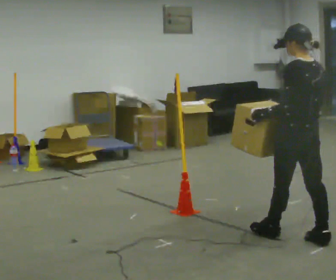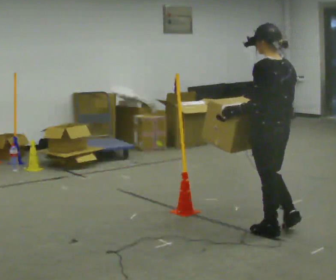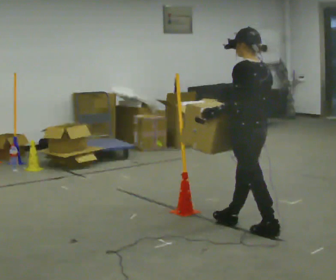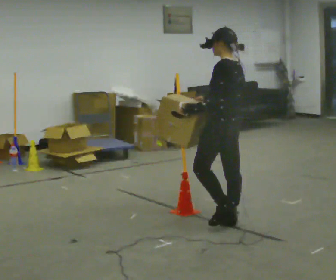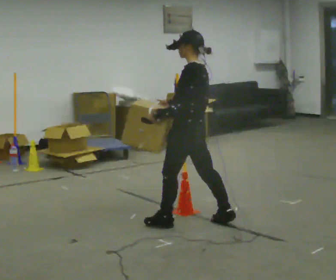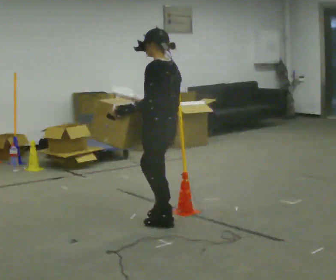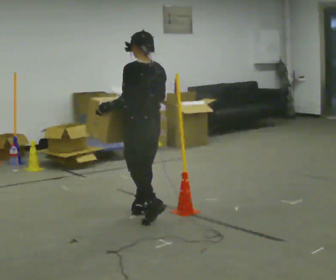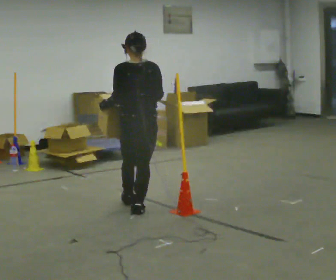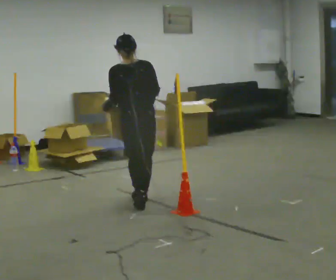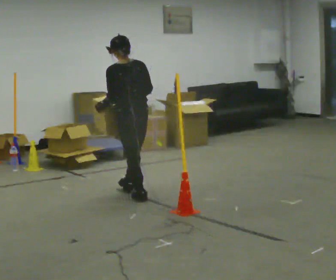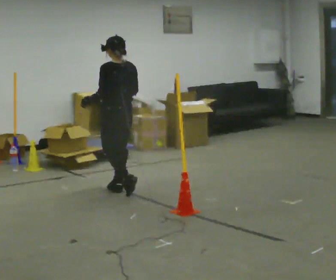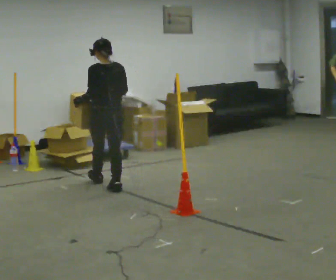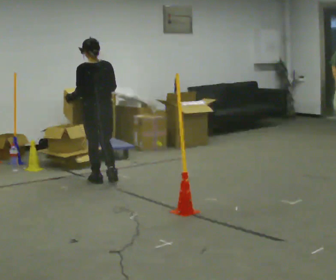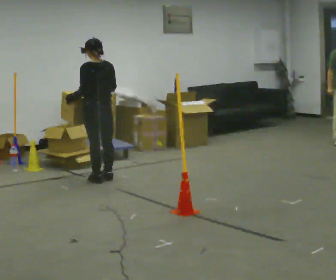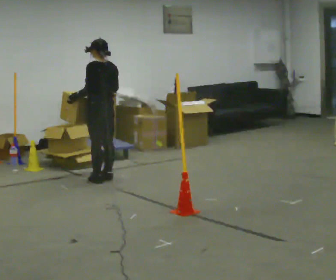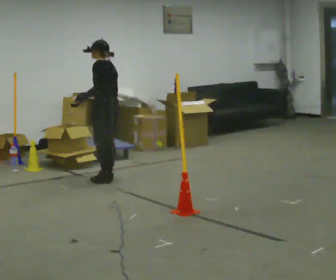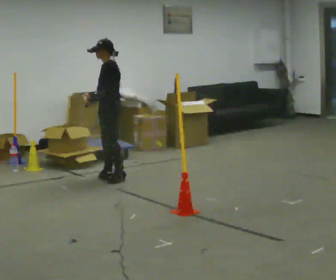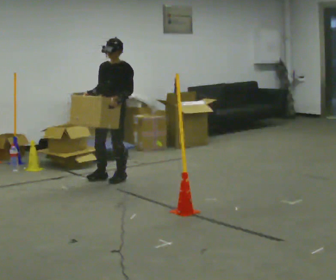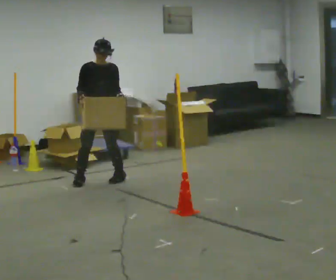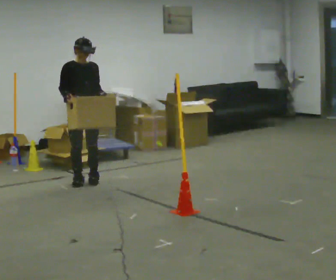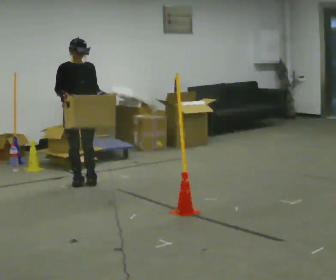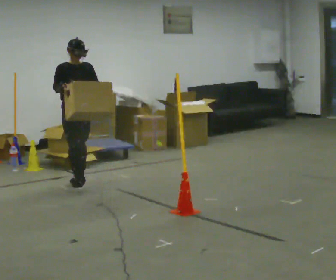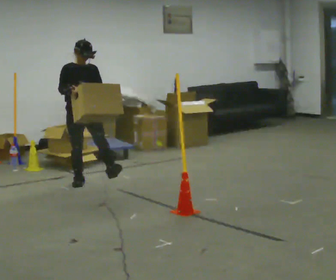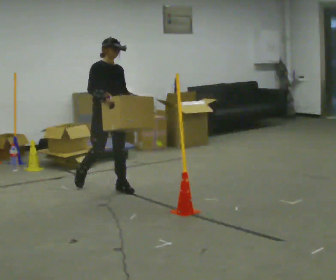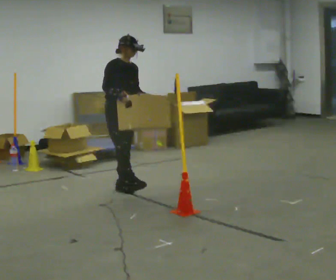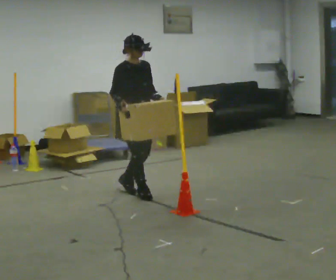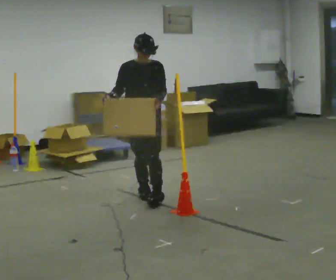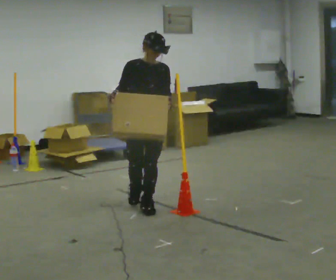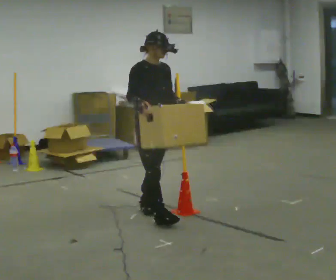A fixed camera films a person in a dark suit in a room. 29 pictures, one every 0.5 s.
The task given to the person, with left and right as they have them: Carry the box across the room. The operator will step into your path partway across, so go around them and carry on. Keep going until the operator says stop; one object at a time, and do not rush between trips.
0.0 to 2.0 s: Seen from above the body turns counterclockwise, about 30 degrees: to their left, with its near side sliding to the right. In the picture they go to the left and away from the camera, about 1 m in 2 steps, which for them is forward.
2.0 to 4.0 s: The part of the body nearest the lens slides to the left as the person turns to their right by about 75 degrees. In the picture they go away from the camera and to the left, about 1 m in 2 steps. In the picture the upper body tilts counterclockwise, shoulders to the left.
4.0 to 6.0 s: In the picture they go away from the camera, about 1 m in 2 steps, which for them is forward.
6.0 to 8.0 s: The person turns about 75 degrees to their left, counterclockwise seen from above, so the part of the body nearest the lens slides to the right. In the picture they go to the right and away from the camera, about 0.25 m in 2 steps. In the picture their left hand goes to the right.
8.0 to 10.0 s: The person turns about 90 degrees to their left, counterclockwise seen from above, so the part of the body nearest the lens slides to the right. In the picture they go to the left and toward the camera, about 0.5 m in 2 steps.
10.0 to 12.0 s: The person turns about 30 degrees to their left, counterclockwise seen from above, so the part of the body nearest the lens slides to the right. In the picture they go to the right and toward the camera, about 0.5 m in 1 step, which for them is forward and to their left.
12.0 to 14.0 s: In the picture they go toward the camera, about 1 m in 3 steps, which for them is forward.
The film runs forward here.
